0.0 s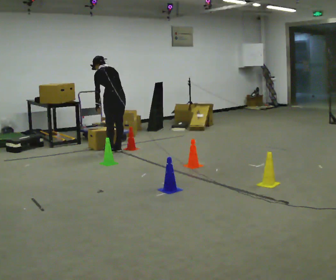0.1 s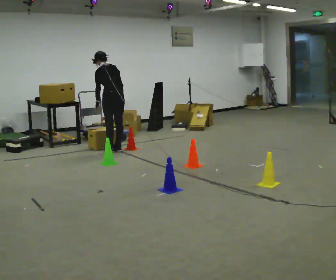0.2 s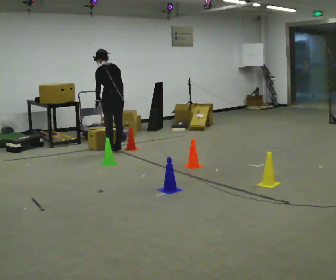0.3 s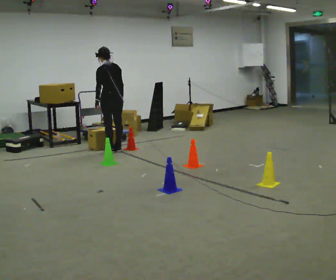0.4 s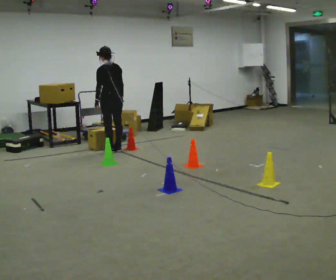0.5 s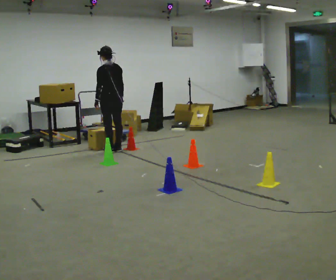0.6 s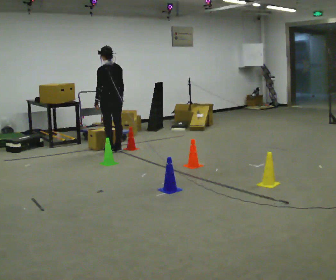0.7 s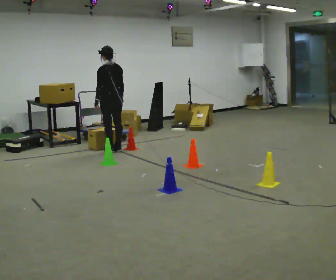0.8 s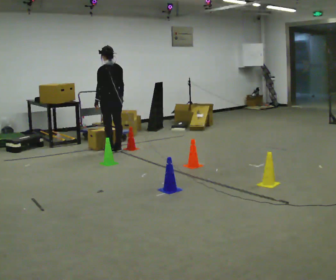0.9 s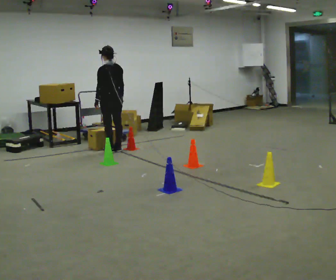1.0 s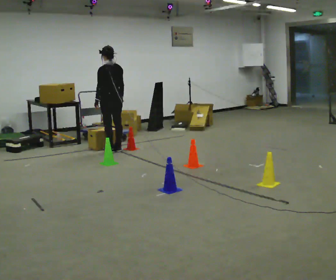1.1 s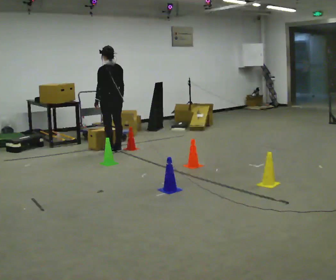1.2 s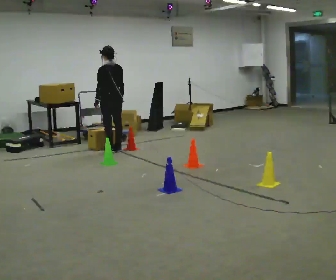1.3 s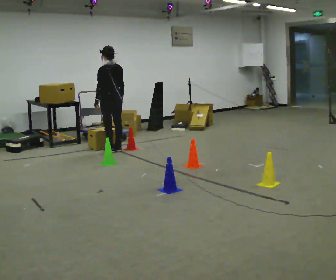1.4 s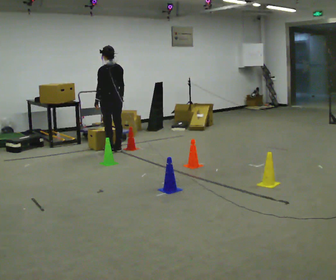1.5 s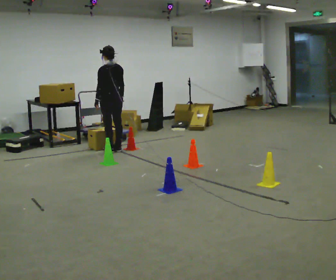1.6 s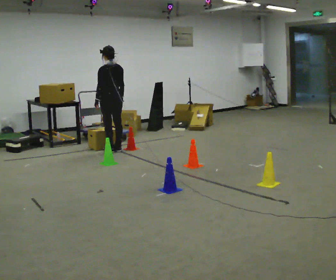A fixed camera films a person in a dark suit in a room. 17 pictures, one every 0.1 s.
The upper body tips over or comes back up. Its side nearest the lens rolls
downward.
0.0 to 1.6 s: The upper body tips toward the camera, its near side rolling downward, as they lean back or straighten.
The film runs backward here.
